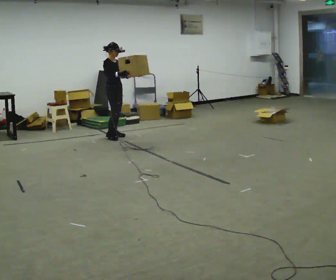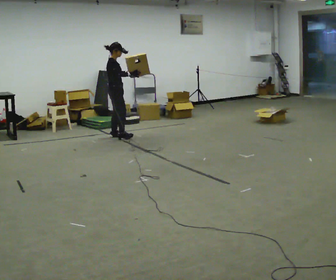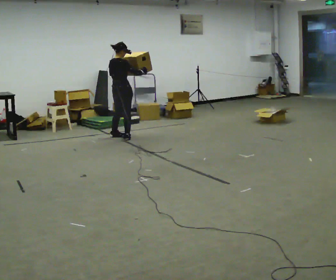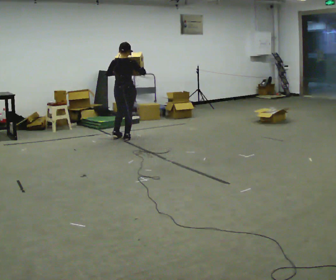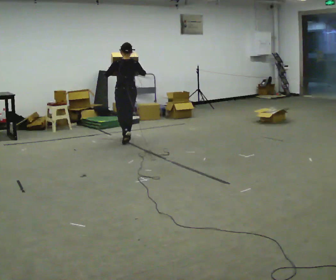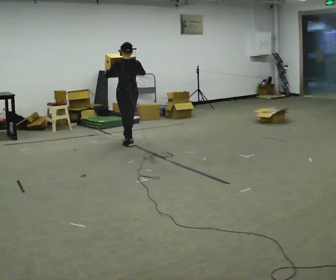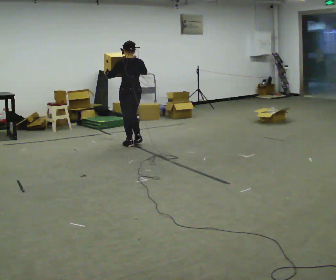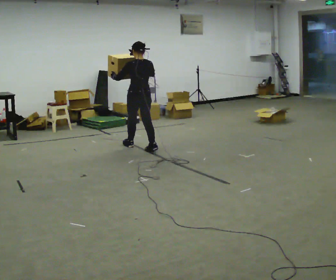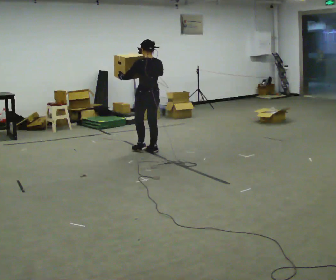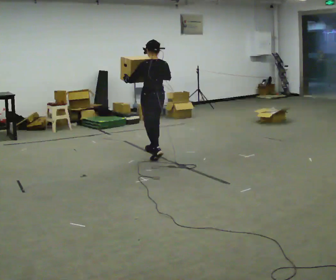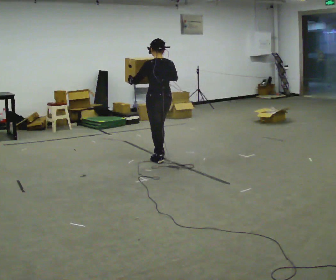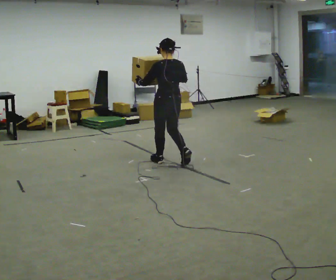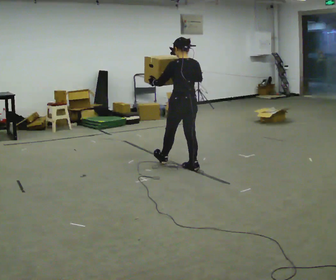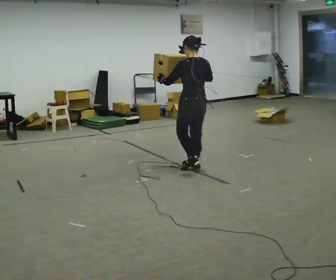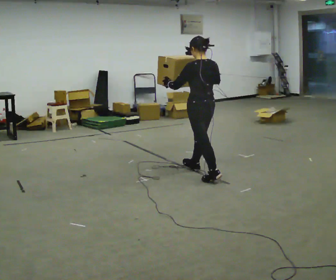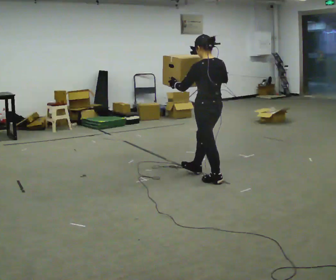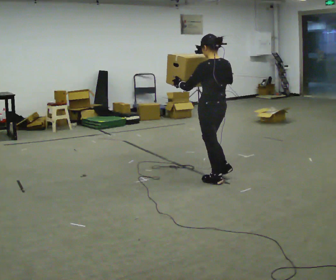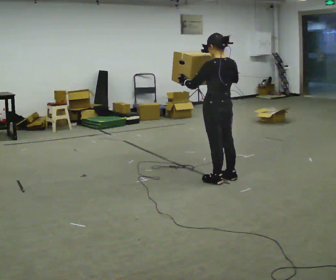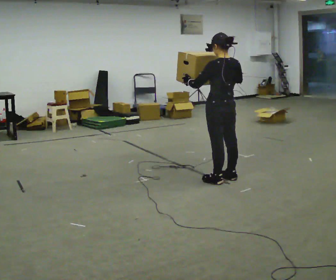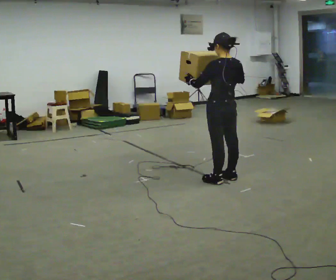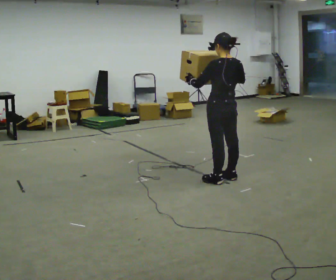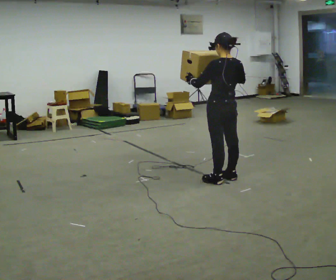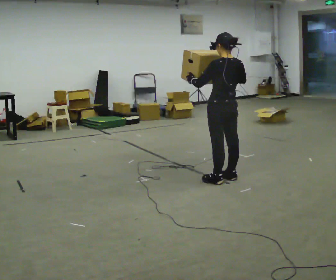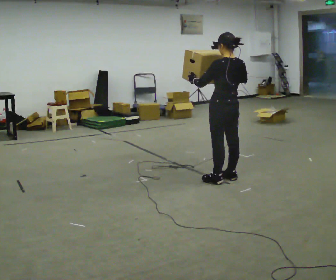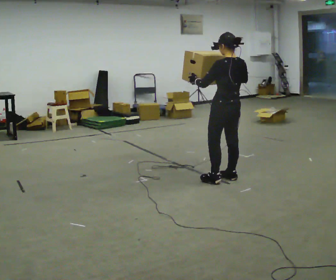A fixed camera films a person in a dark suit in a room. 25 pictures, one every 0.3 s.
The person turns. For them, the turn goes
to their left.
The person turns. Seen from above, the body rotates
counterclockwise.
0.0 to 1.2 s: The person turns about 120 degrees to their left, counterclockwise seen from above, so the part of the body nearest the lens slides to the right. In the picture they go toward the camera and to the right, about 0.25 m in 2 steps.
1.2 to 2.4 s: In the picture they go toward the camera and to the right, about 0.5 m in 2 steps, which for them is backward.
2.4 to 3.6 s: In the picture they go toward the camera and to the right, about 1 m in 2 steps, which for them is backward.
3.6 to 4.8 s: In the picture they go toward the camera and to the right, about 0.5 m in 1 step, which for them is backward.
4.8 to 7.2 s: The person moves a little, or ends about where they began.
The film runs backward here.
